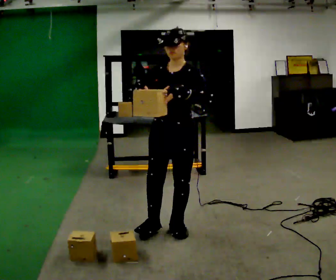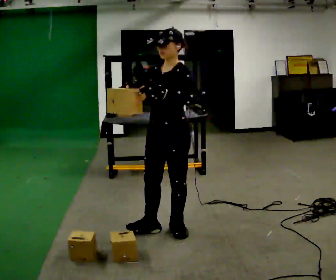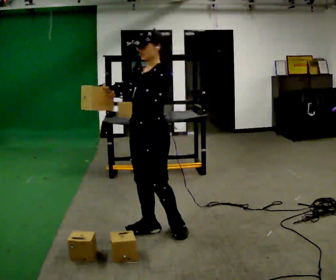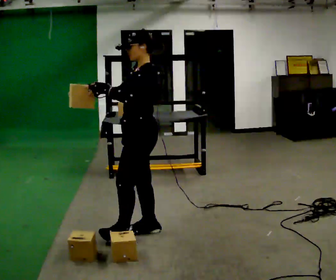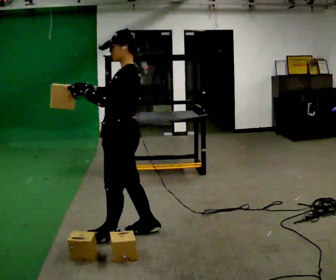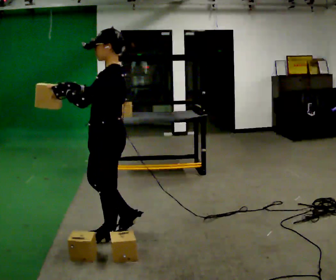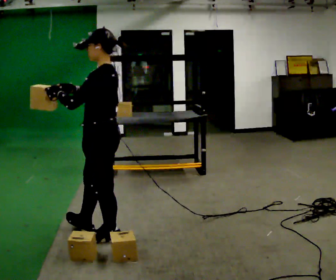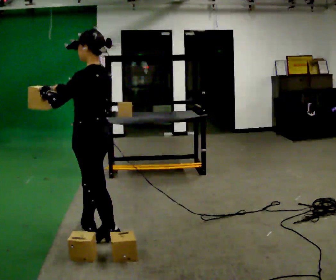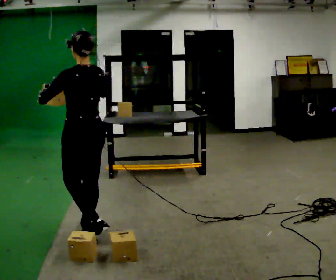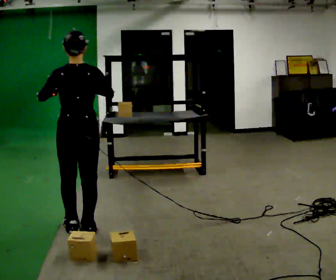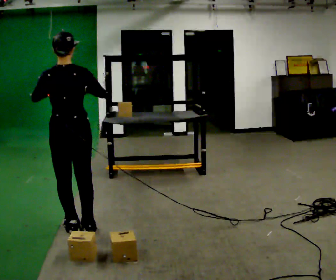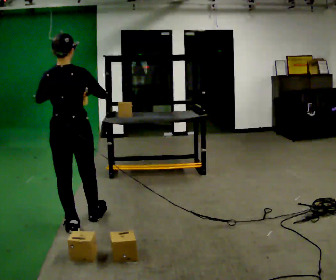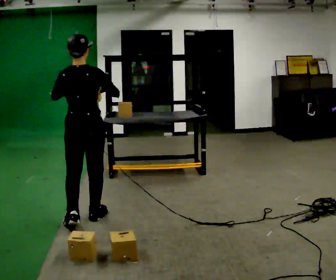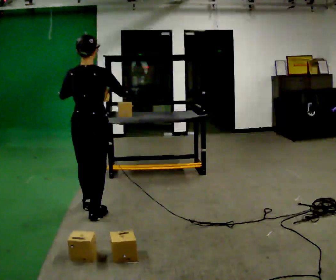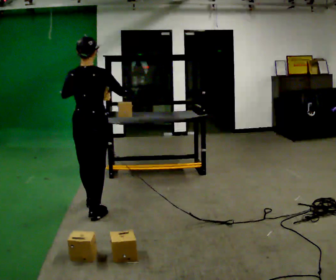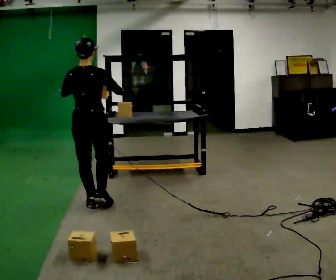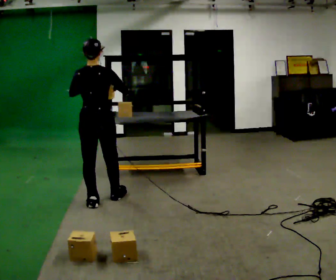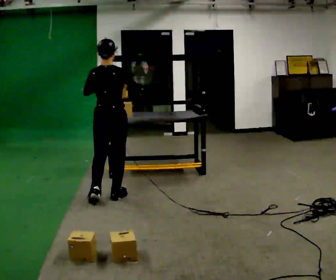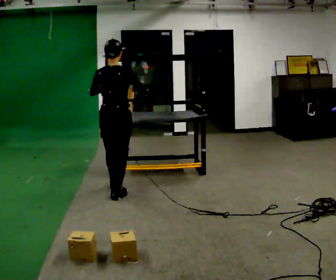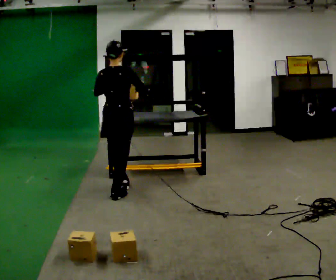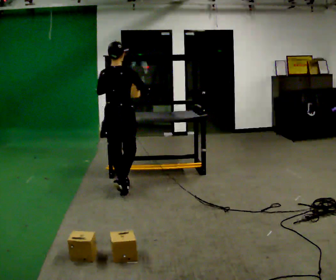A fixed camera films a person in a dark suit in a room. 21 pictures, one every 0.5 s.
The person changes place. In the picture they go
away from the camera.
The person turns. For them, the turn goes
to their right.
0.0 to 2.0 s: Seen from above the body turns clockwise, about 60 degrees: to their right, with its near side sliding to the left. In the picture they go to the left, about 0.5 m in 1 step.
2.0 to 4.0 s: The part of the body nearest the lens slides to the left as the person turns to their right by about 45 degrees. In the picture they go to the left, about 0.25 m in 1 step, which for them is forward.
4.0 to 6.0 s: The part of the body nearest the lens slides to the left as the person turns to their right by about 45 degrees. In the picture they go away from the camera, about 0.25 m in 2 steps, which for them is forward.
6.0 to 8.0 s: In the picture they go away from the camera, about 0.5 m in 2 steps, which for them is forward.
8.0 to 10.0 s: In the picture they go away from the camera and to the right, about 0.5 m in 1 step, which for them is forward.
The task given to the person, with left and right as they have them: Carry the box over and put it on the shelf with the label facing out towards you. Get the orientation right, not just the position. Keep going until the operator says stop; one object at a time, and do not rush between trips.
The film runs forward here.
